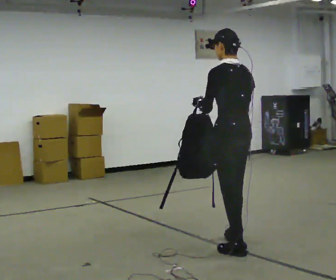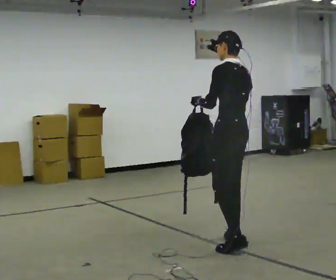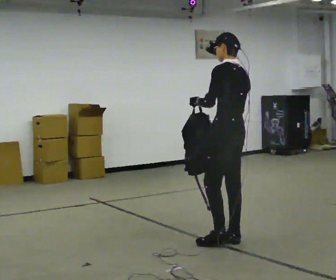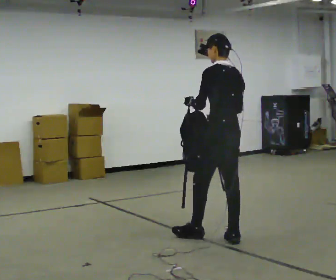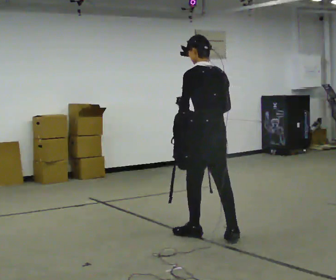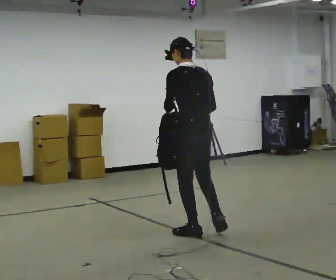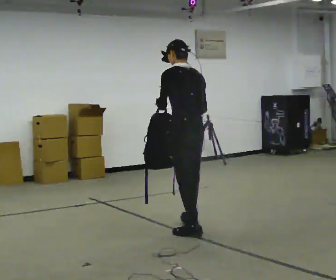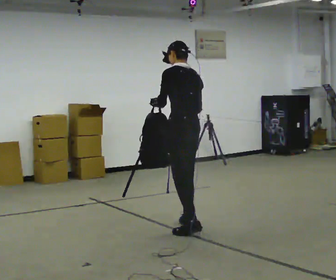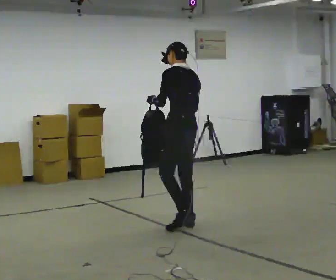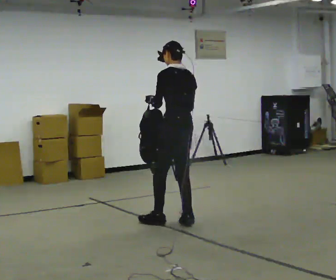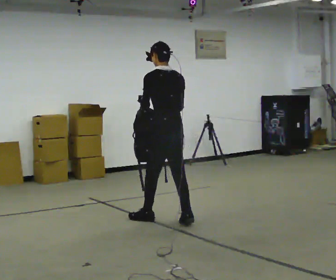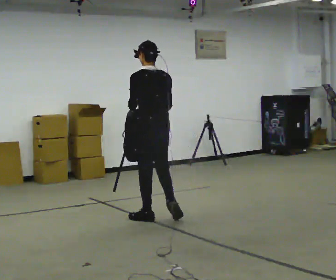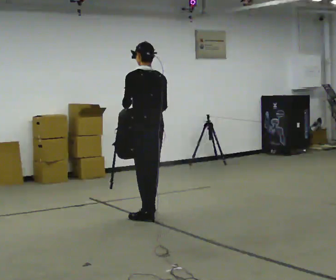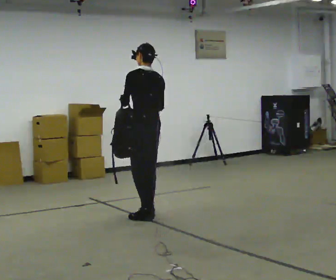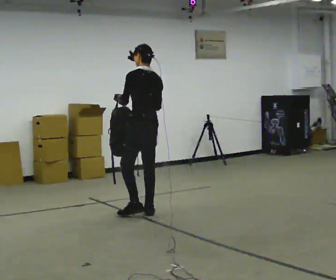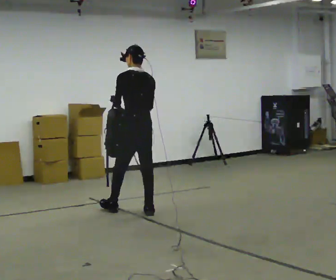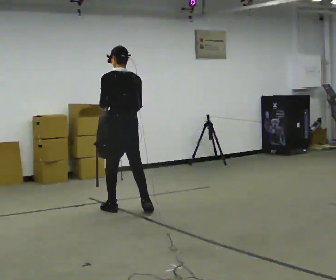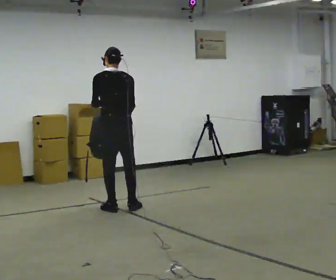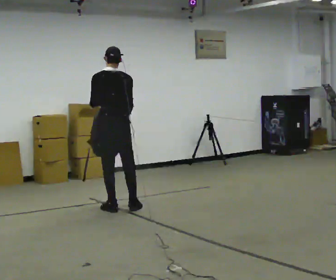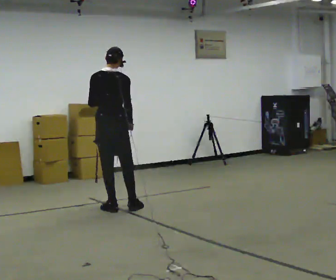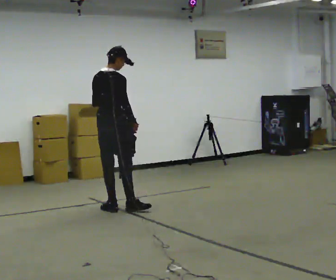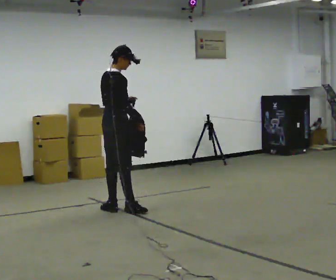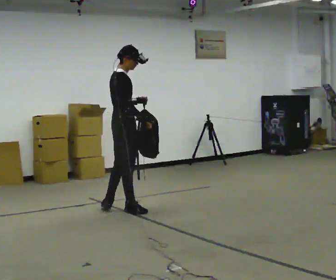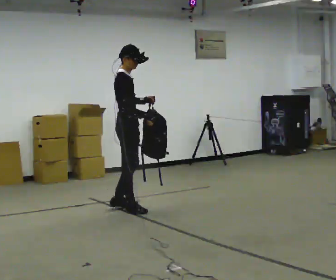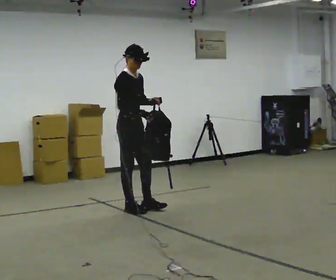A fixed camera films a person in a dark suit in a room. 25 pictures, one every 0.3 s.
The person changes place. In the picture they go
away from the camera.
0.0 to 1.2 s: In the picture they go away from the camera, about 0.5 m in 1 step, which for them is forward and to their right.
1.2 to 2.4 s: In the picture they go away from the camera and to the left, about 0.5 m in 1 step, which for them is forward.
2.4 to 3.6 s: In the picture they go to the left and away from the camera, about 0.5 m in 1 step, which for them is forward.
3.6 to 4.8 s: In the picture they go away from the camera and to the left, about 0.5 m in 2 steps, which for them is forward.
4.8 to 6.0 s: The person turns about 60 degrees to their right, clockwise seen from above, so the part of the body nearest the lens slides to the left.
6.0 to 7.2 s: The person turns about 75 degrees to their right, clockwise seen from above, so the part of the body nearest the lens slides to the left. In the picture they go to the right, about 0.25 m.
The film runs forward here.
